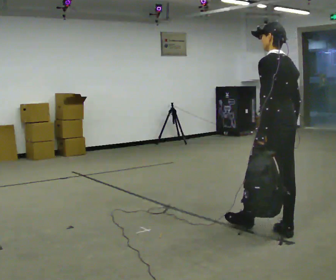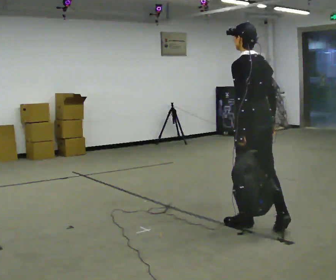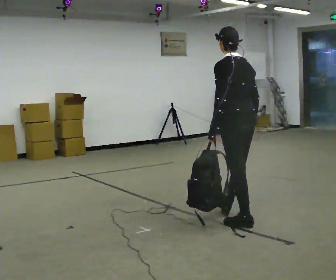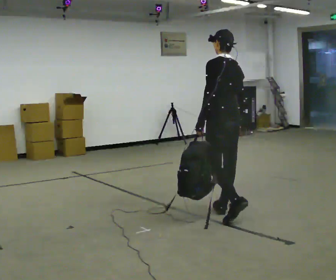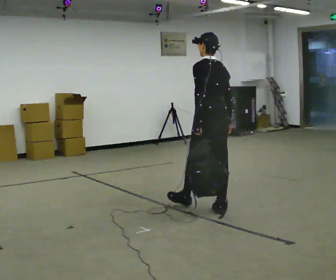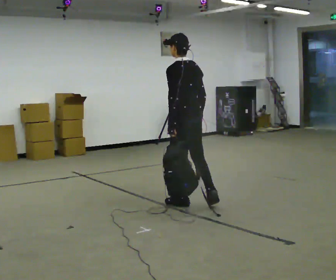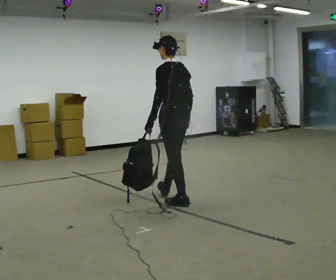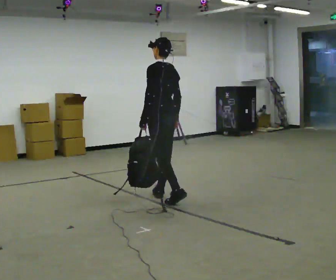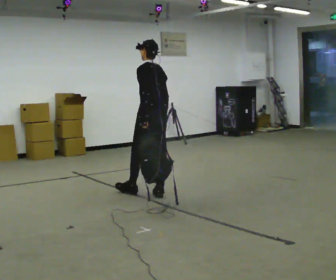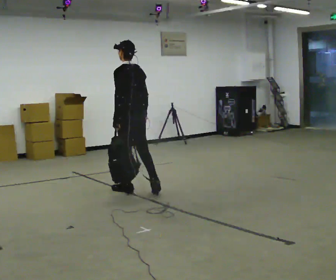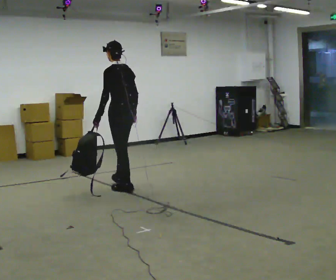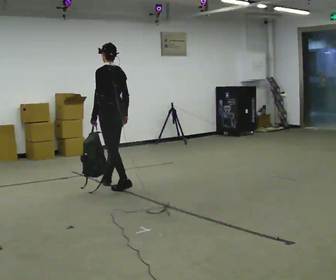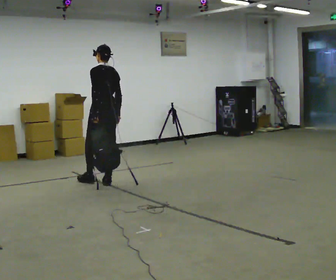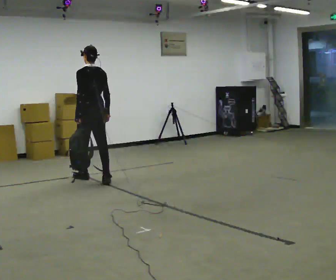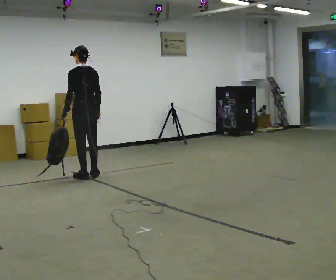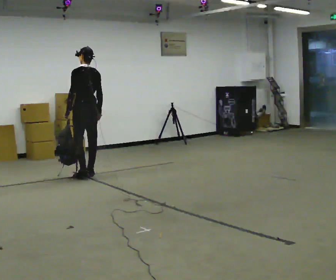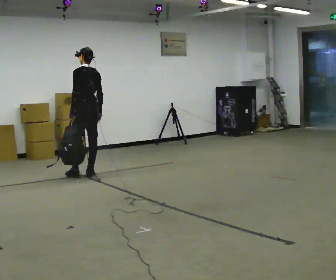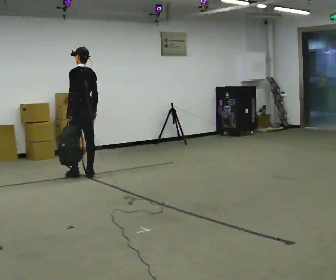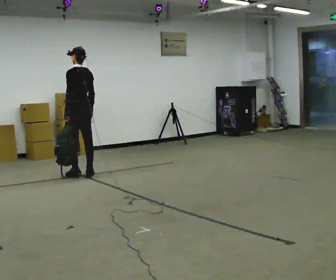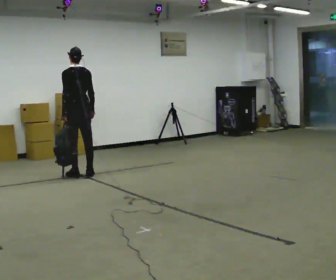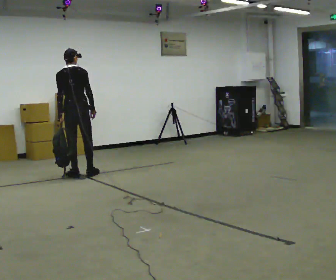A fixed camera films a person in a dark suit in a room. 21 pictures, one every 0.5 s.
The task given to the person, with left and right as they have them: Carry the soft bag across the room, back and forth. It will change shape as you move, so hold it however works.
0.0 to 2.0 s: In the picture they go away from the camera and to the left, about 1 m in 1 step, which for them is forward.
2.0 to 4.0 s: In the picture they go away from the camera and to the left, about 1 m in 2 steps, which for them is forward.
4.0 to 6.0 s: In the picture they go away from the camera and to the left, about 1 m in 2 steps, which for them is forward.
6.0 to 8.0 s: In the picture they go away from the camera and to the left, about 0.5 m in 3 steps, which for them is forward.
8.0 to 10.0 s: The person turns about 30 degrees to their right, clockwise seen from above, so the part of the body nearest the lens slides to the left.
The film runs forward here.
